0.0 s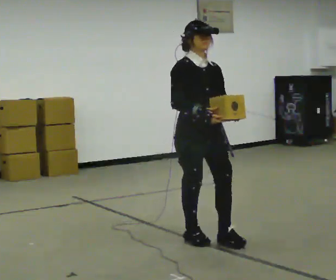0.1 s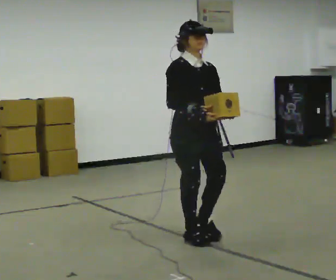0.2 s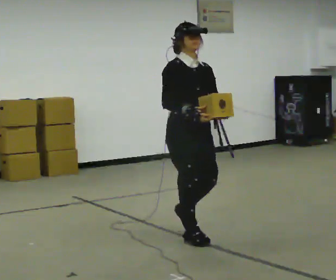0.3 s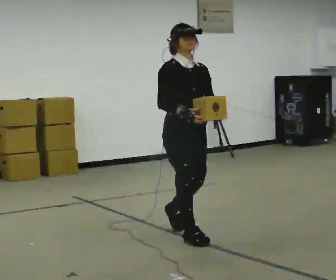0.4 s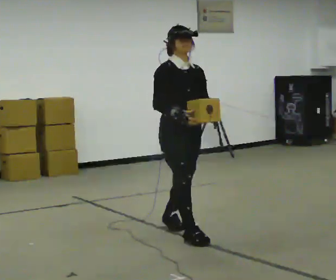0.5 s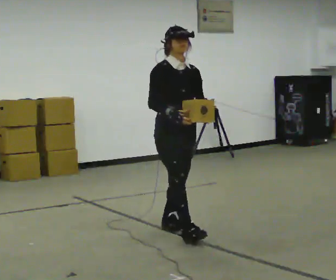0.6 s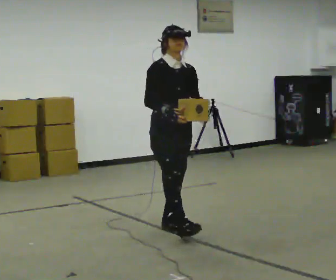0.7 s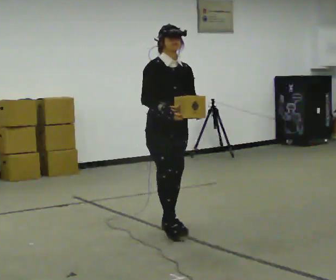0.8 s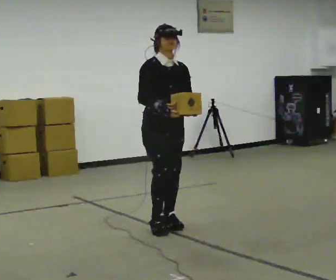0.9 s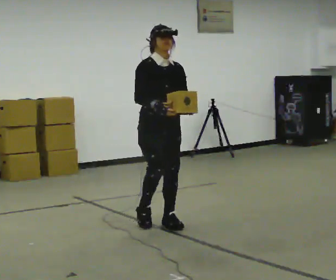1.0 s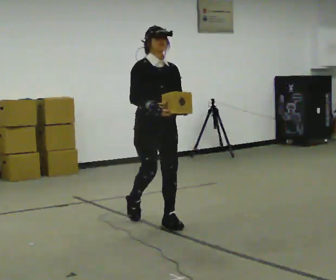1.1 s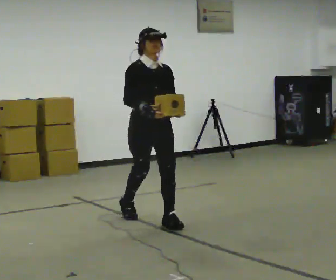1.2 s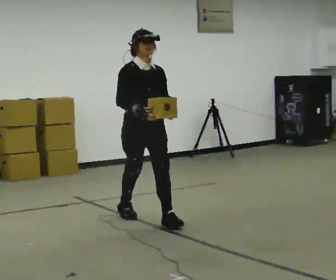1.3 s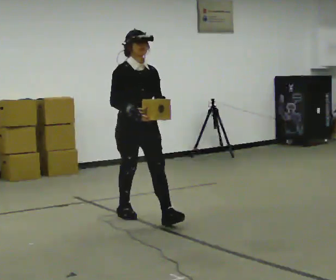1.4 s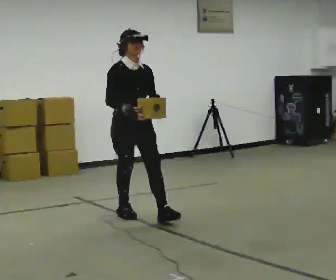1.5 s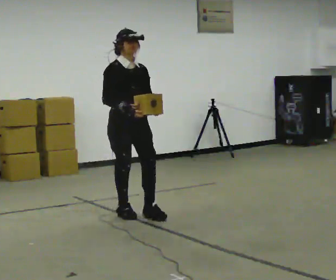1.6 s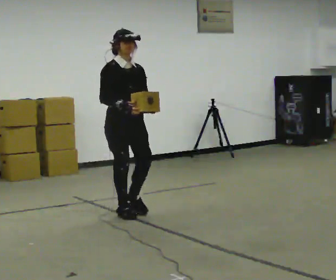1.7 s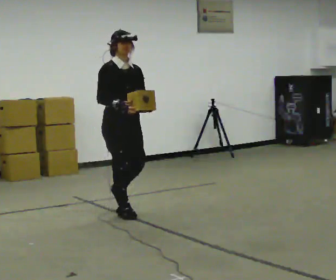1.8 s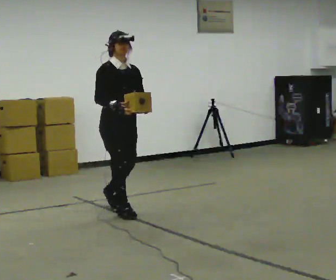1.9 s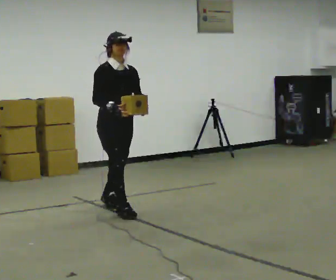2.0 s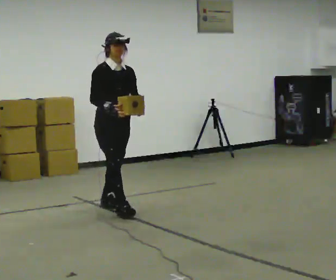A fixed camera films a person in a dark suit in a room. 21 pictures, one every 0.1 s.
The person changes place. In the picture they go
away from the camera.
0.0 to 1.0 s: In the picture they go away from the camera and to the left, about 0.75 m in 1 step, which for them is backward.
1.0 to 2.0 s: In the picture they go away from the camera and to the left, about 0.75 m in 1 step, which for them is backward.
The film runs backward here.
